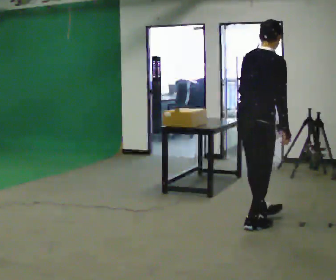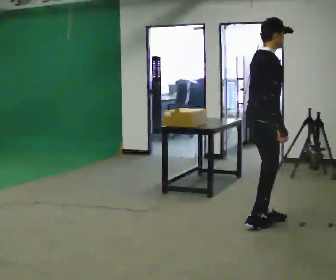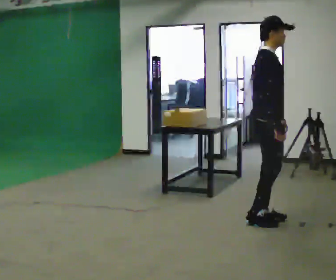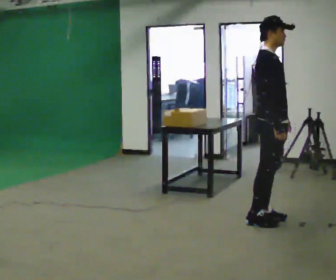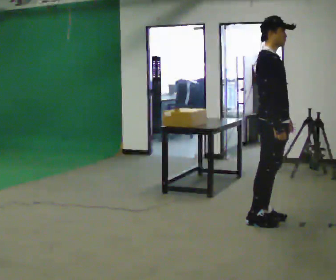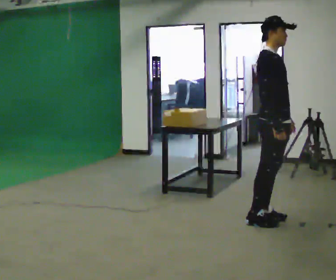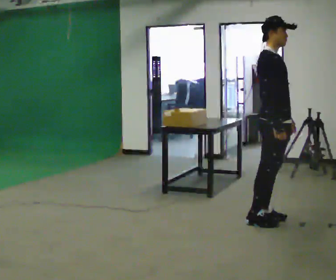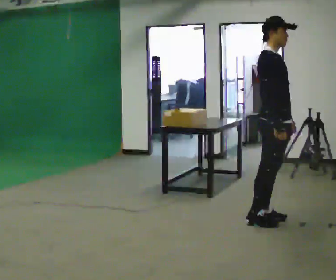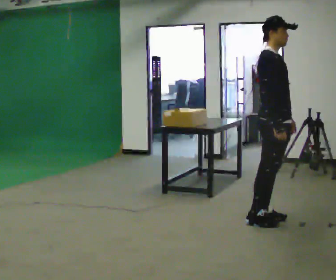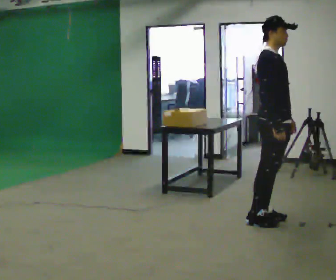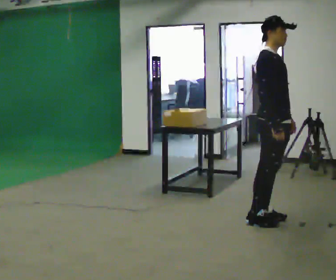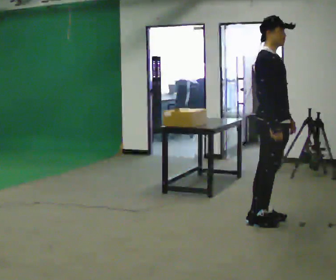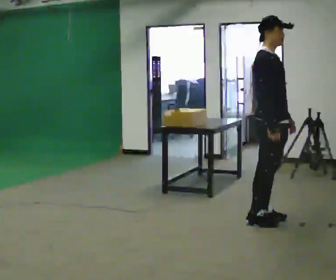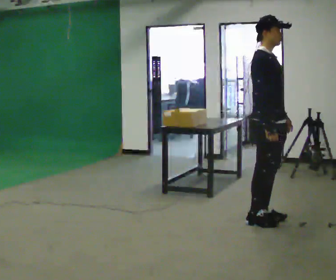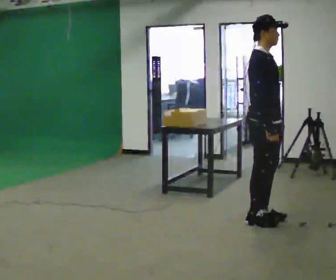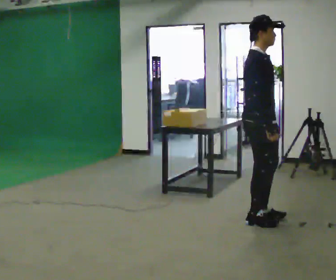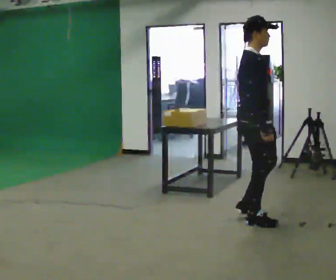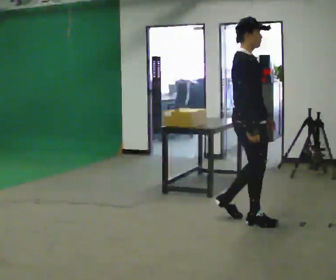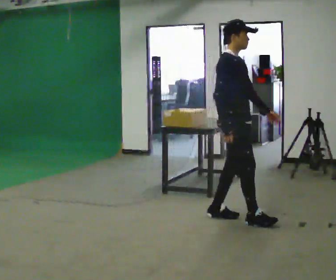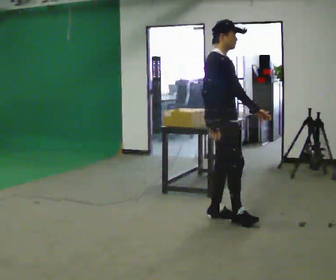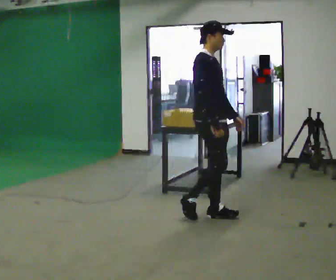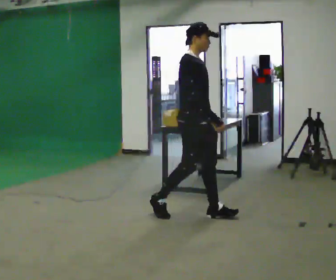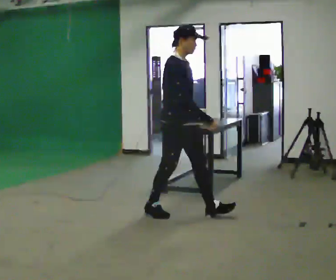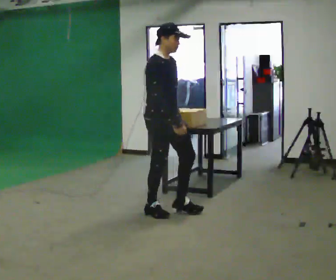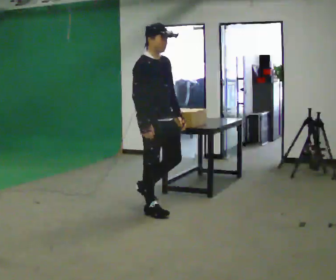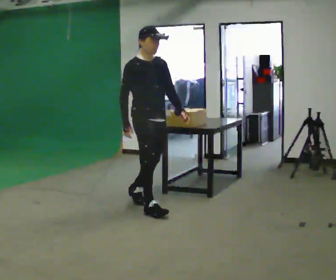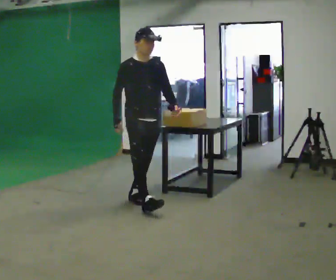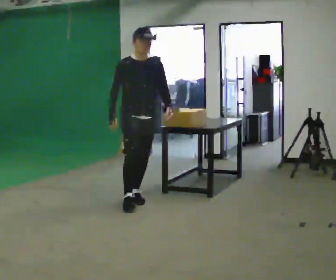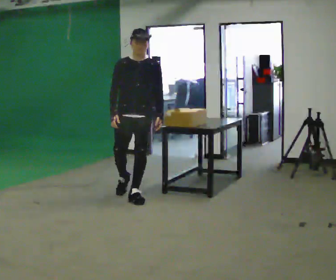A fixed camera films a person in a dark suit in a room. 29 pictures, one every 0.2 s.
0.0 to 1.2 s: The part of the body nearest the lens slides to the left as the person turns to their right by about 60 degrees. In the picture they go to the right, about 0.25 m in 1 step. In the picture the upper body tilts counterclockwise, shoulders to the left, as they lean back or straighten. In the picture their left hand goes to the right.
1.2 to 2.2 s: The person keeps their place and pose.
2.2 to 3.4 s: In the picture they go to the left, about 0.25 m in 1 step, which for them is backward.
3.4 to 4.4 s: In the picture they go to the left, about 0.75 m in 1 step, which for them is backward.
4.4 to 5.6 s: The part of the body nearest the lens slides to the left as the person turns to their right by about 60 degrees. In the picture they go to the left and away from the camera, about 1 m in 2 steps, which for them is backward.
The film runs backward here.
